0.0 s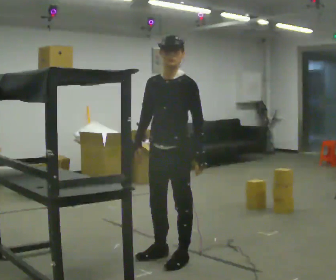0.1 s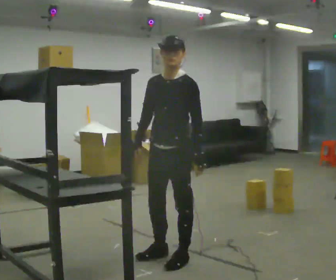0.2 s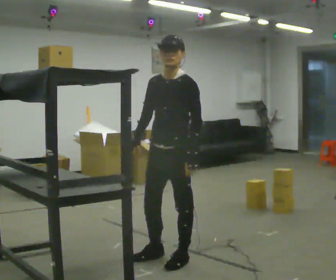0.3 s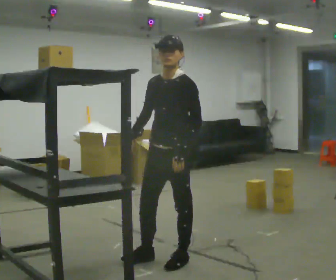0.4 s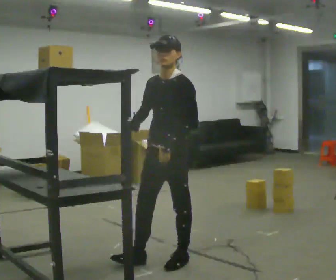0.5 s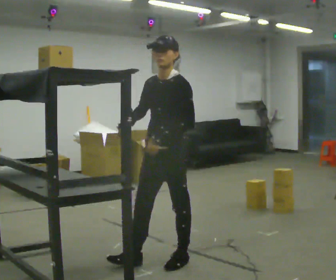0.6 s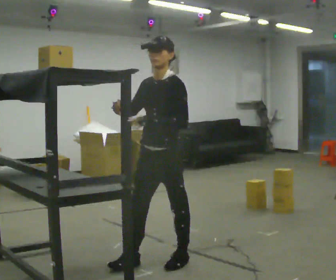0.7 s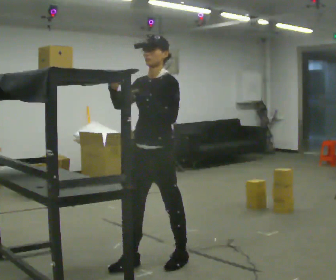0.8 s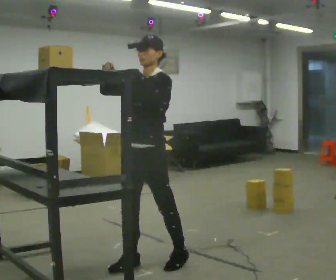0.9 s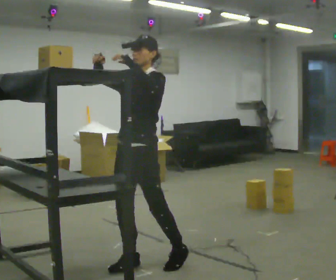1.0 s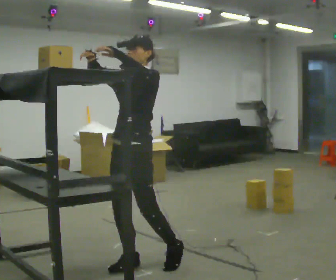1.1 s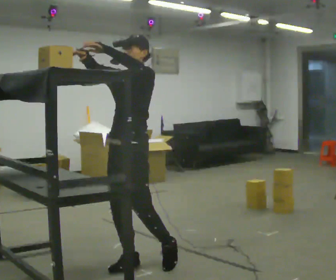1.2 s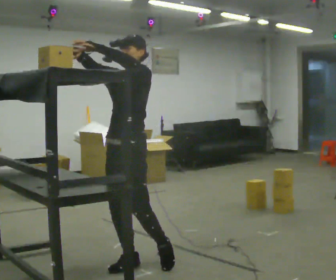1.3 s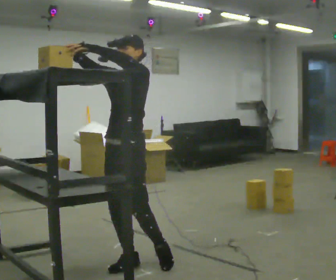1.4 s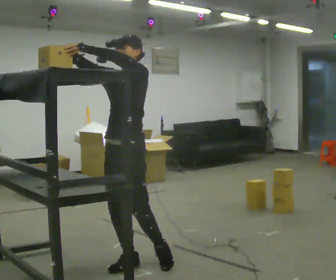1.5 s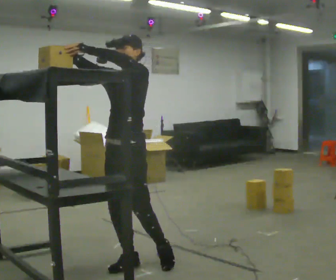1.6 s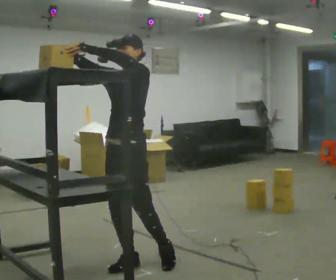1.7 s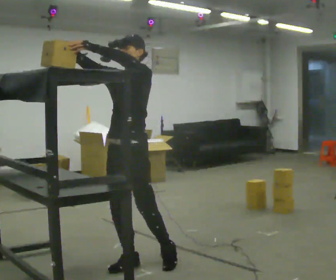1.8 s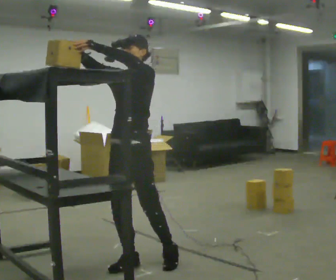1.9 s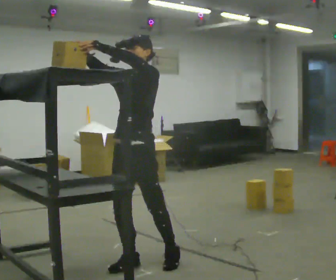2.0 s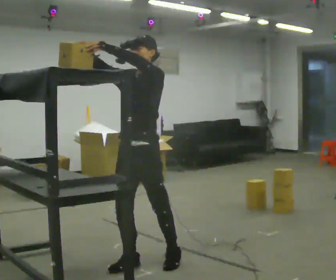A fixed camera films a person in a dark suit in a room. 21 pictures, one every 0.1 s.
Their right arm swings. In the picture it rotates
clockwise.
Their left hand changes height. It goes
upward.
0.0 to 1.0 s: In the picture they go to the left, about 0.25 m in 1 step, which for them is forward. In the picture their left hand goes upward.
1.0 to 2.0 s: The person moves a little, or ends about where they began.
The film runs backward here.
